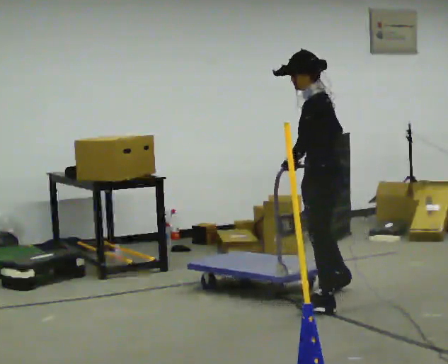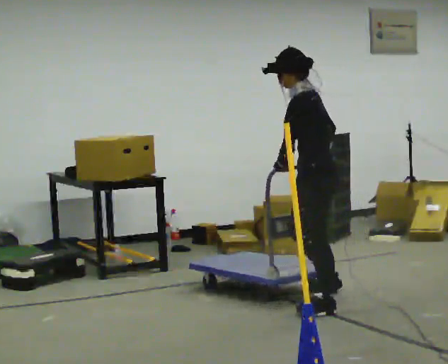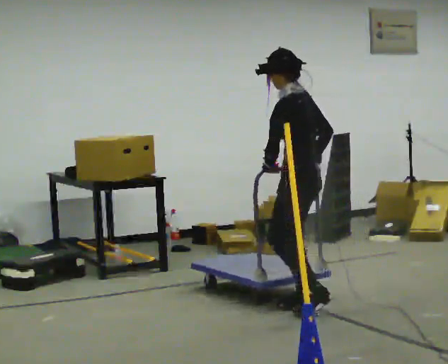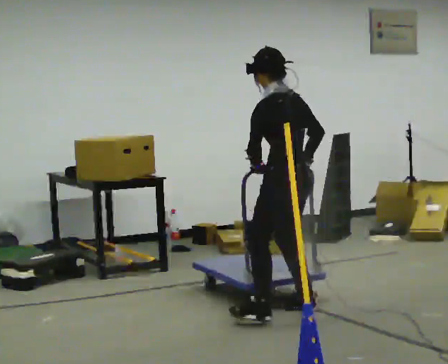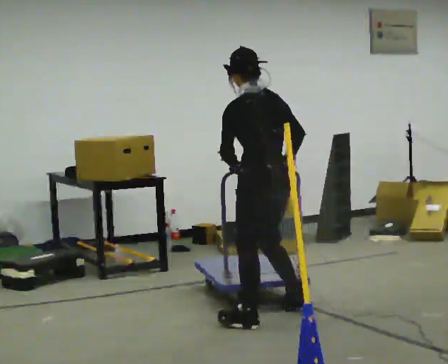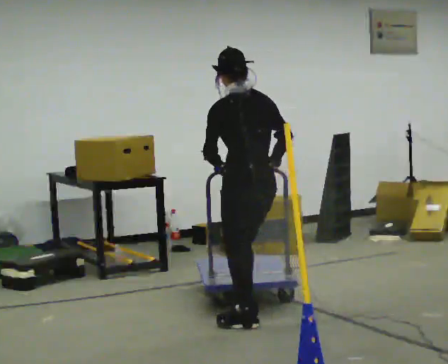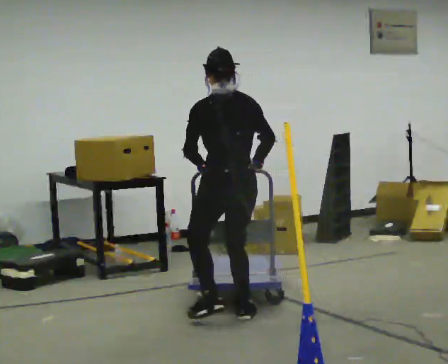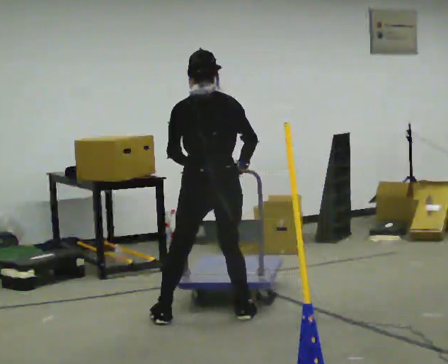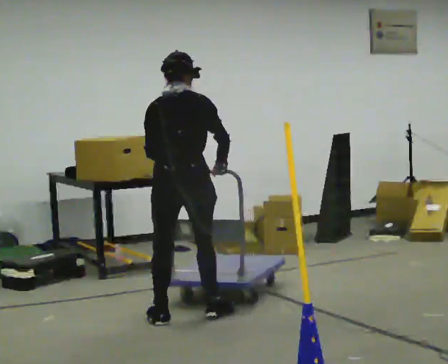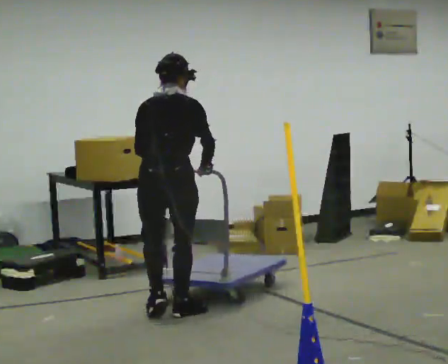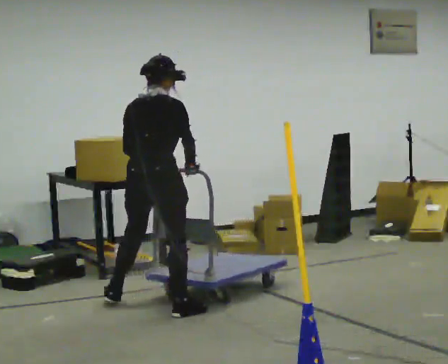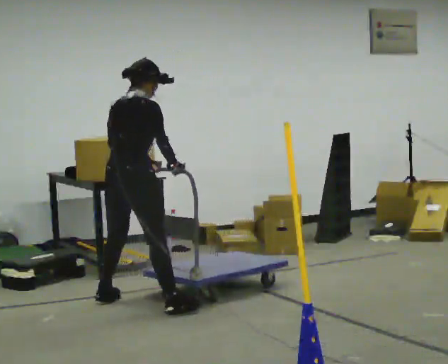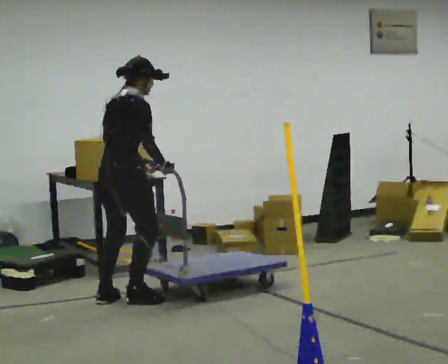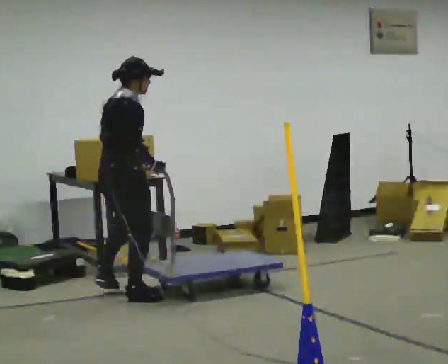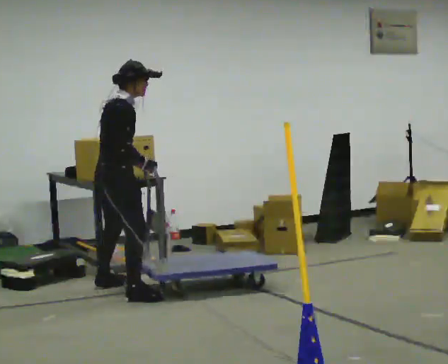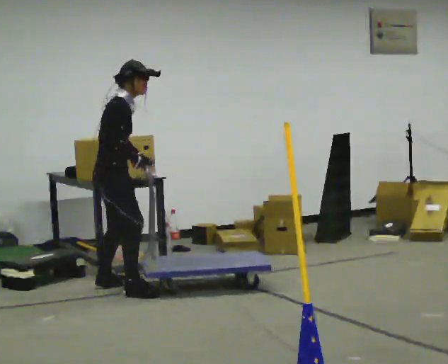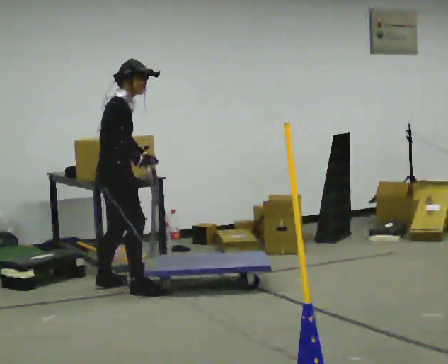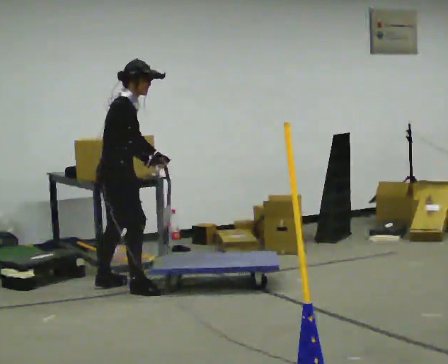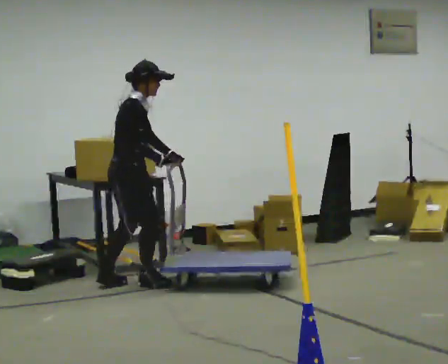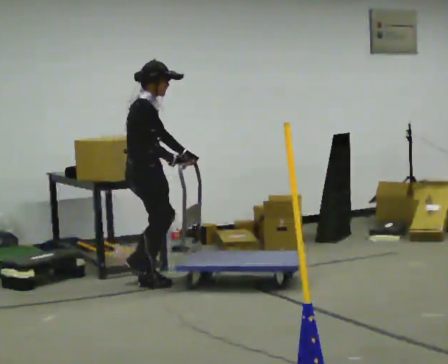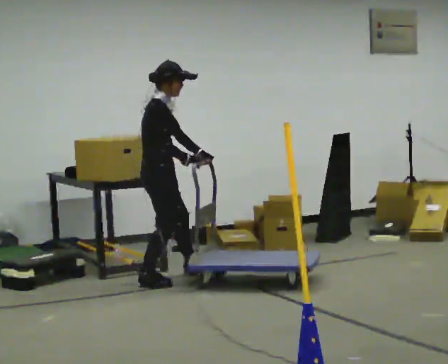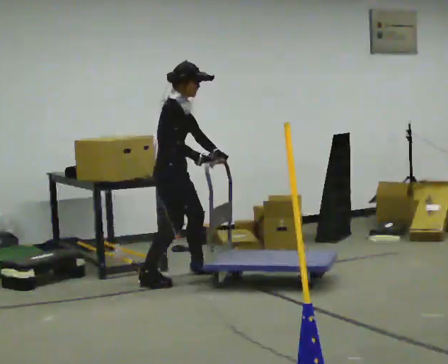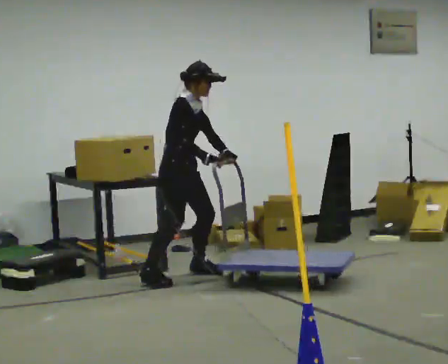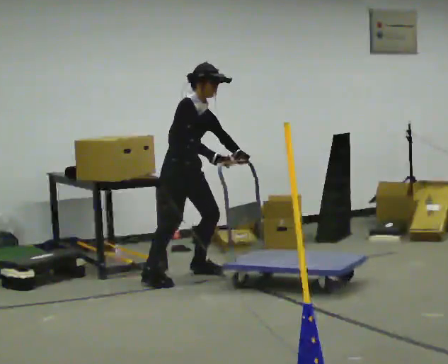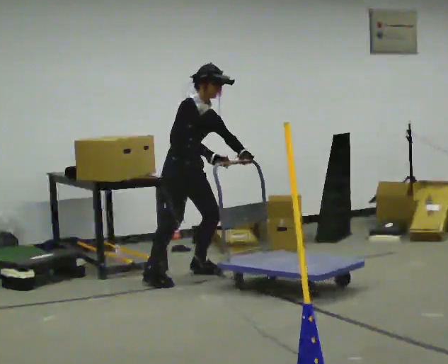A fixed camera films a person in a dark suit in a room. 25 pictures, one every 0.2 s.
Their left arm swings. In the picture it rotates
counterclockwise.
The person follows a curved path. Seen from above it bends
clockwise.
0.0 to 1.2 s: Seen from above the body turns clockwise, about 60 degrees: to their right, with its near side sliding to the left. In the picture they go to the left and toward the camera, about 0.75 m in 4 steps, which for them is to their left and forward.
1.2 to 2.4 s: Seen from above the body turns clockwise, about 75 degrees: to their right, with its near side sliding to the left. In the picture they go to the left and away from the camera, about 1 m in 3 steps.
2.4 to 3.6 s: In the picture they go away from the camera, about 0.5 m in 3 steps, which for them is to their left.
3.6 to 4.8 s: Seen from above the body turns clockwise, about 45 degrees: to their right, with its near side sliding to the left. In the picture they go to the right and away from the camera, about 0.5 m in 2 steps, which for them is to their left and forward.
The film runs forward here.
